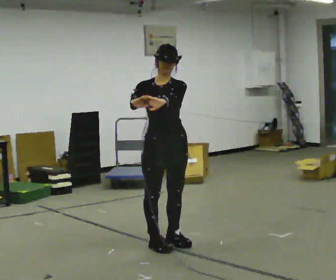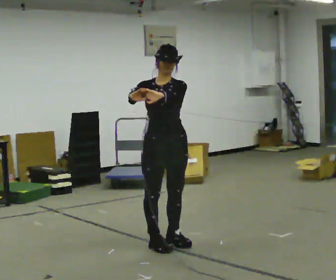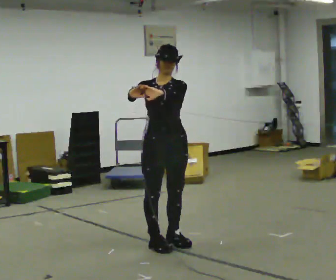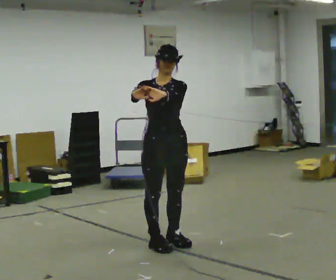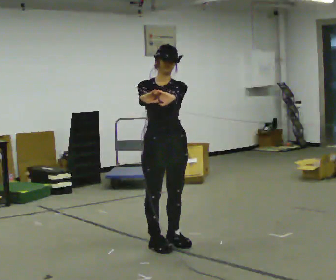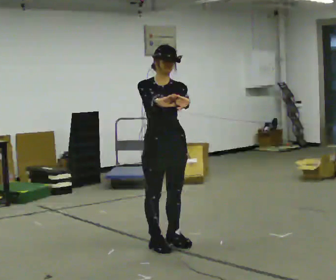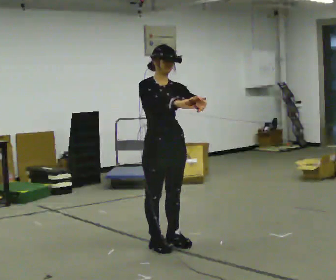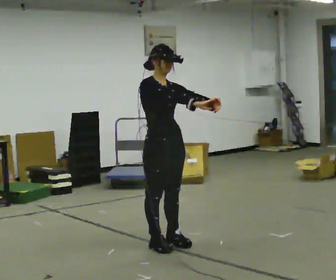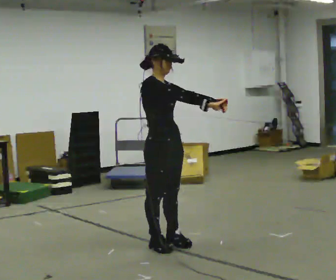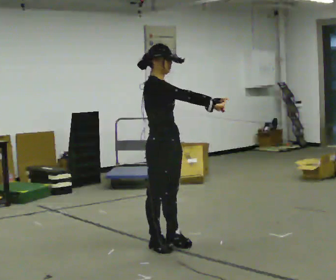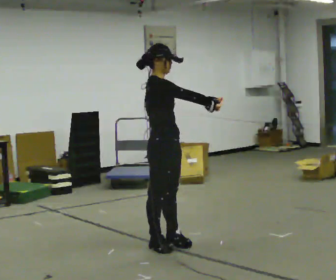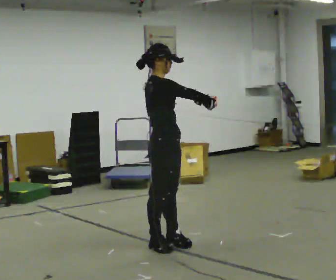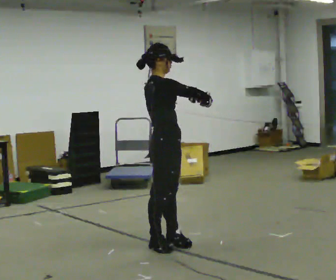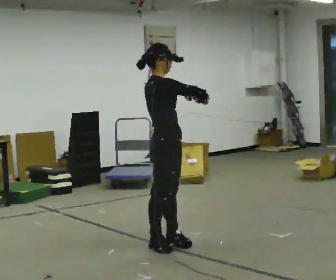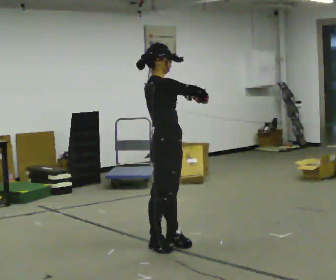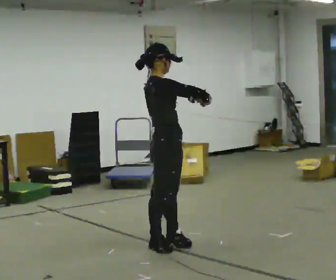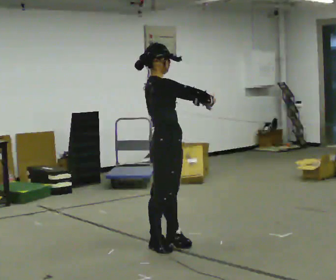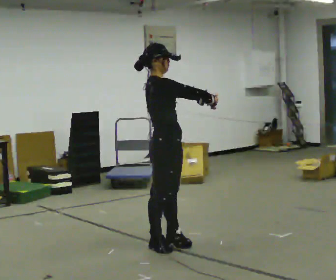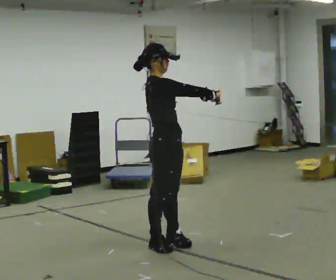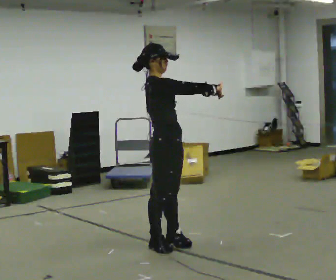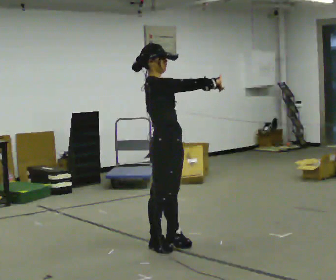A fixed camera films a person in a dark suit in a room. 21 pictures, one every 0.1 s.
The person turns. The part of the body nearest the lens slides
to the right.
The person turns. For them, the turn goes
to their left.
0.0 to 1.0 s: The person turns about 75 degrees to their left, counterclockwise seen from above, so the part of the body nearest the lens slides to the right. In the picture their left hand goes to the right.
1.0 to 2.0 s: The person moves a little, or ends about where they began.
The film runs forward here.
